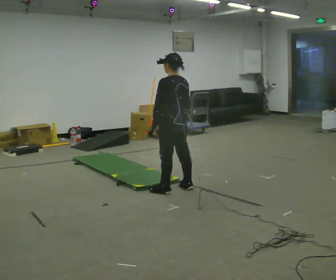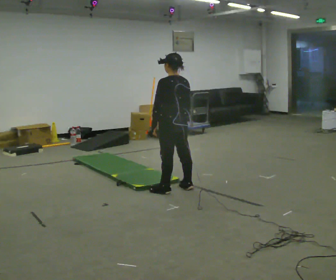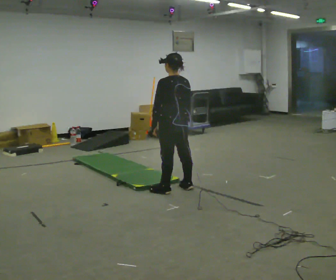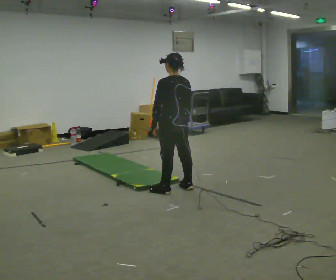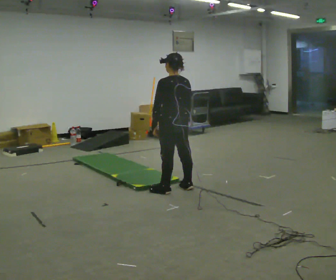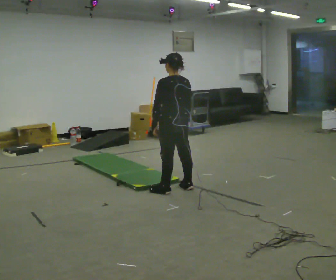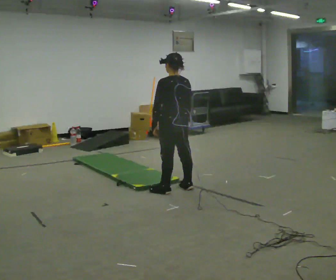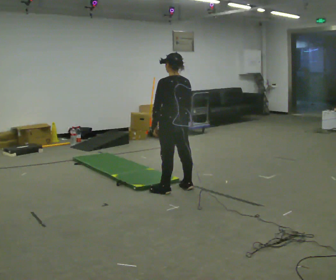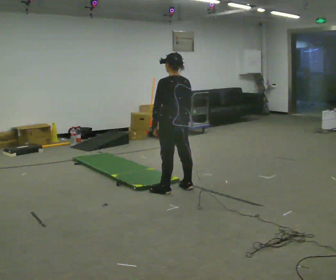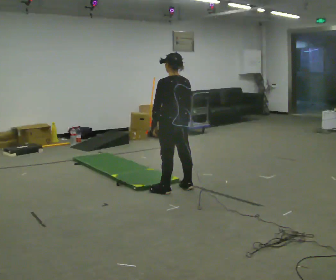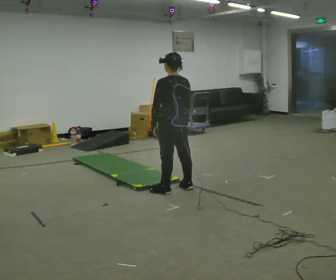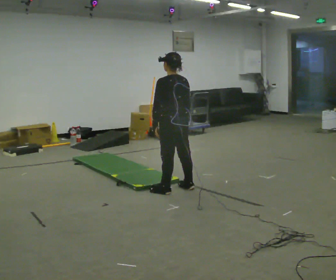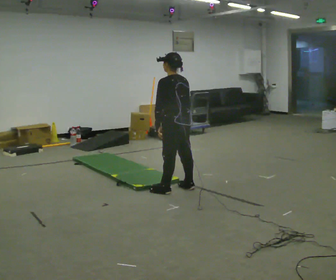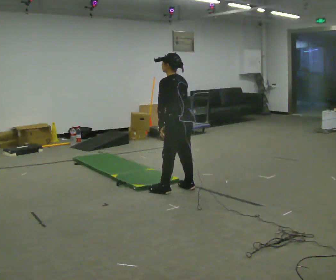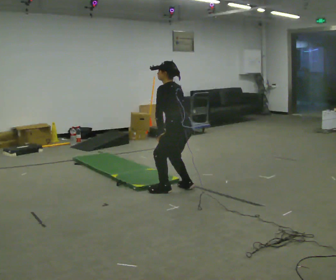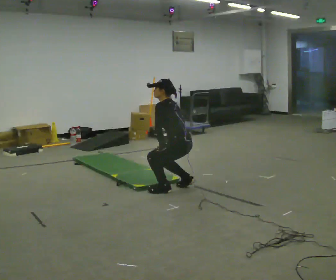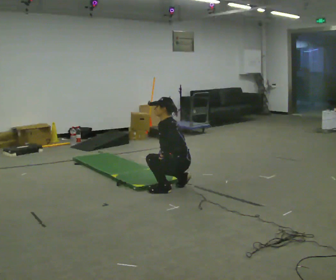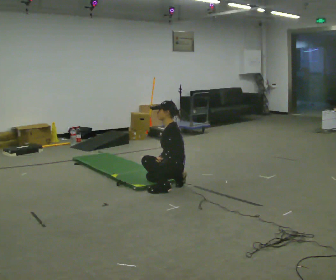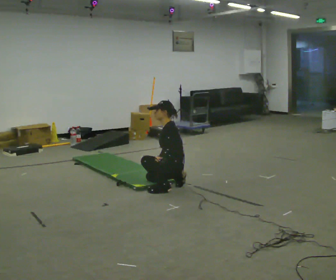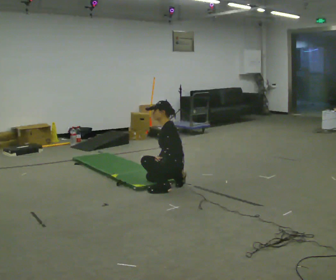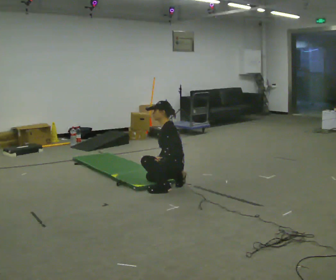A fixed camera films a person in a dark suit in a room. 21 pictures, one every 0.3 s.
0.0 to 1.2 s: The person moves a little, or ends about where they began.
1.2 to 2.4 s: The person keeps their place and pose.
2.4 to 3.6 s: The person moves a little, or ends about where they began.
3.6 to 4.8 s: The person turns about 30 degrees to their left, counterclockwise seen from above, so the part of the body nearest the lens slides to the right. The upper body goes downward. In the picture the upper body tilts counterclockwise, shoulders to the left. In the picture their right hand goes downward.
4.8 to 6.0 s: The person moves a little, or ends about where they began.
The film runs backward here.
